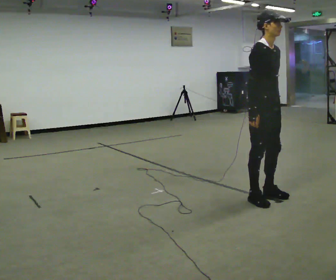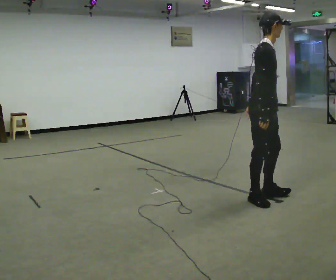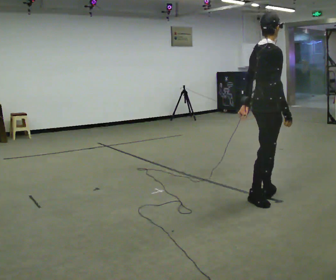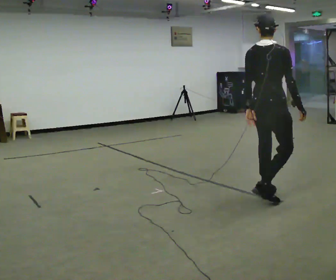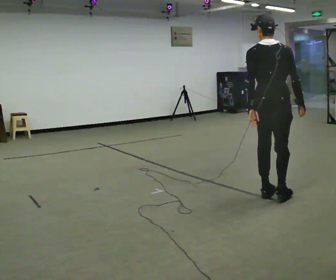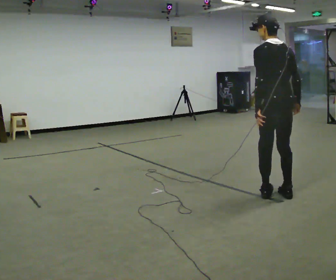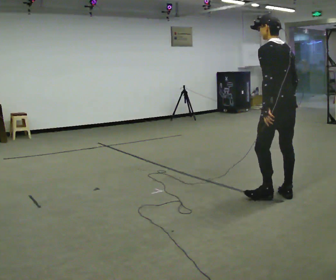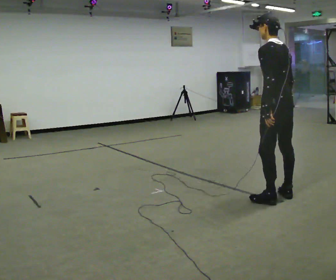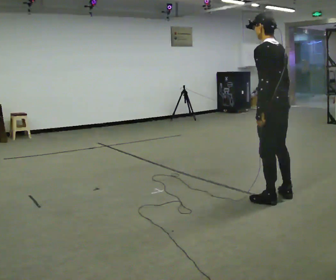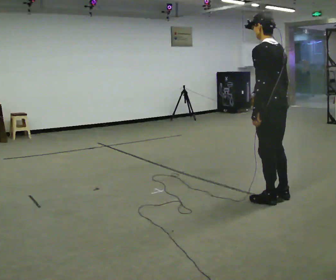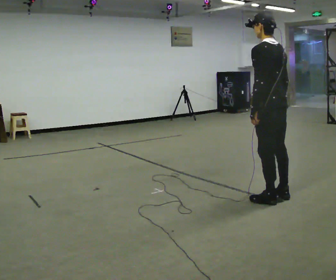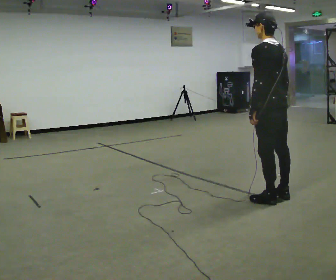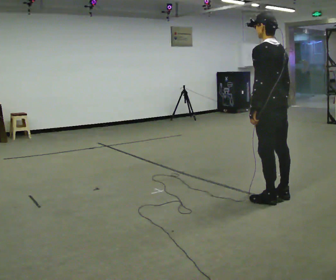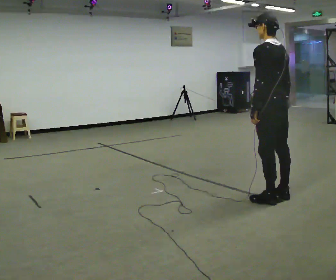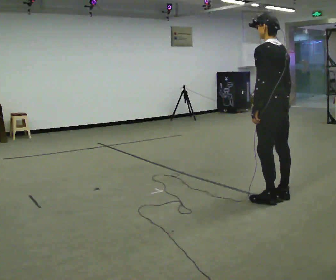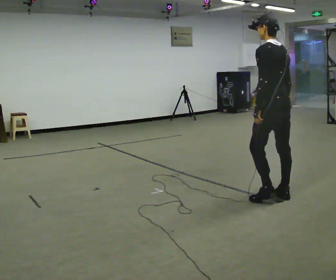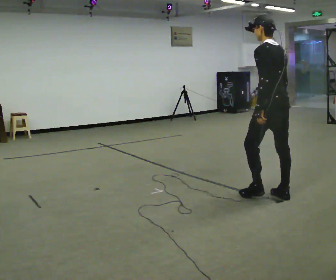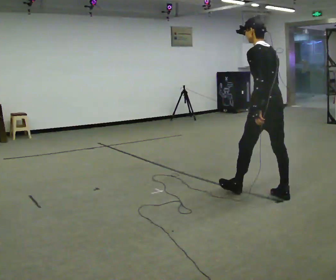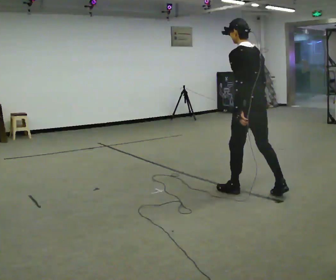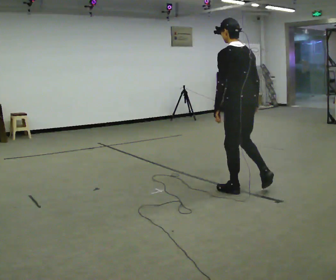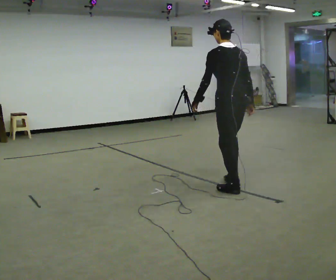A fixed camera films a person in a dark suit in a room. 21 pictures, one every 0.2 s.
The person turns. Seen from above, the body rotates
counterclockwise.
The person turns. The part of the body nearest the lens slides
to the right.
0.0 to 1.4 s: The person turns about 165 degrees to their left, counterclockwise seen from above, so the part of the body nearest the lens slides to the right. In the picture they go to the right, about 0.25 m in 2 steps. In the picture their right hand goes to the right.
1.4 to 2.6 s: The person moves a little, or ends about where they began.
2.6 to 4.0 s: In the picture they go to the left and away from the camera, about 0.5 m in 1 step, which for them is forward.
The film runs forward here.
